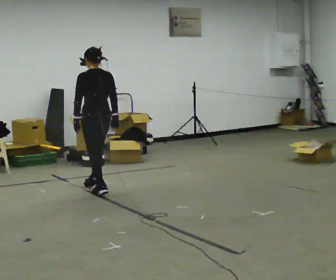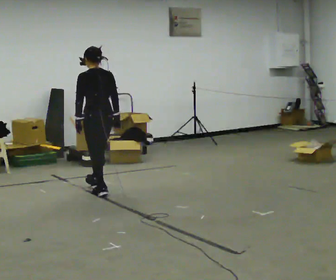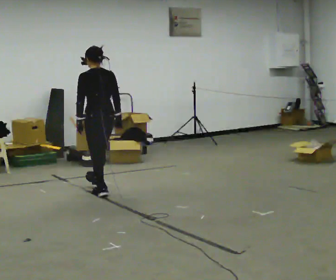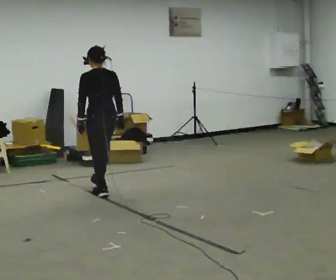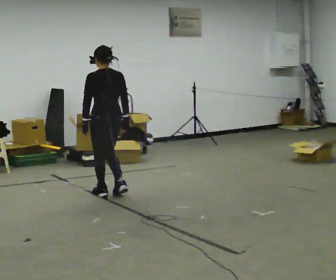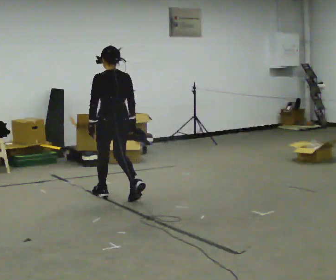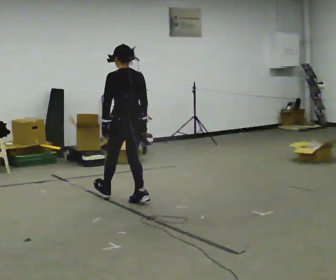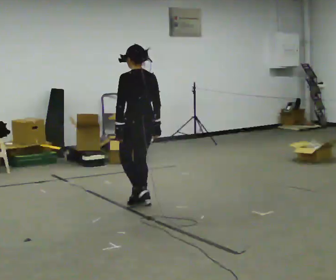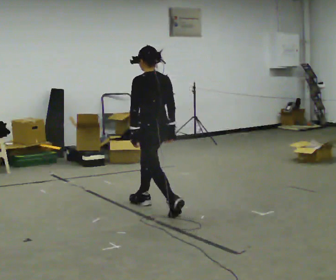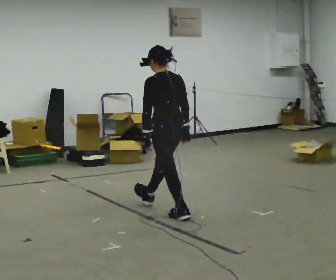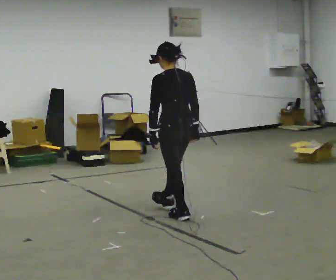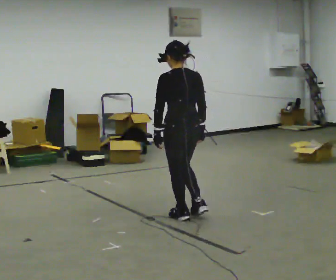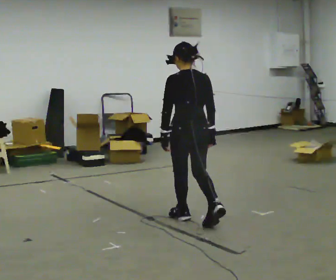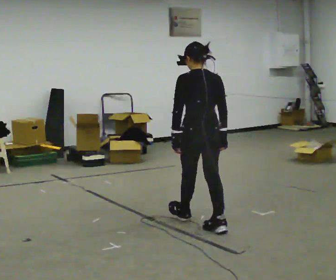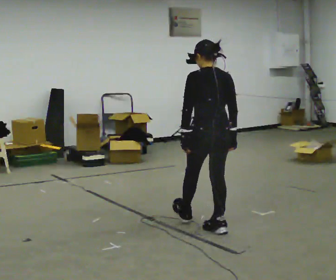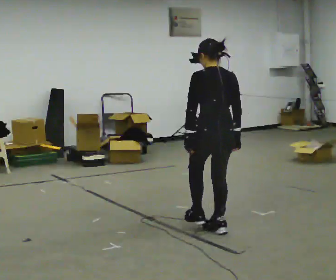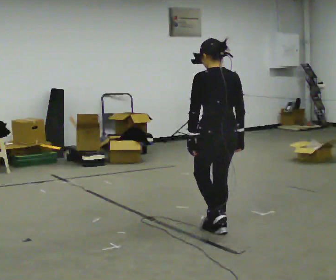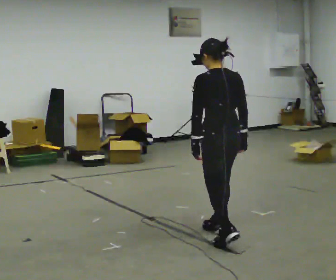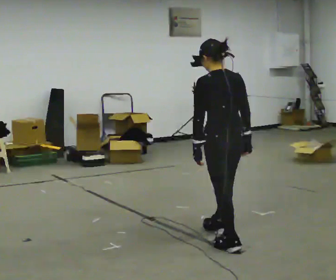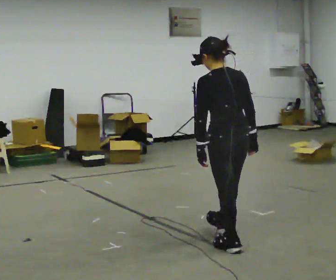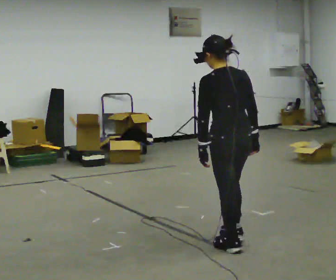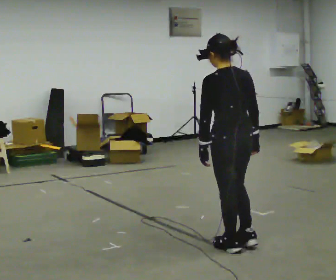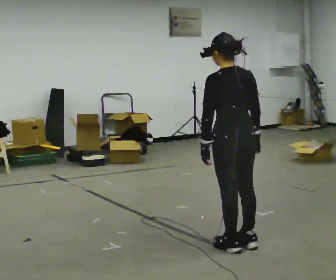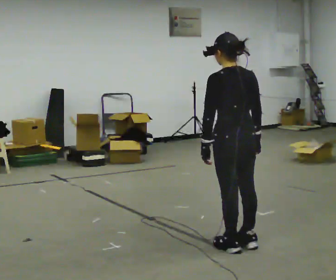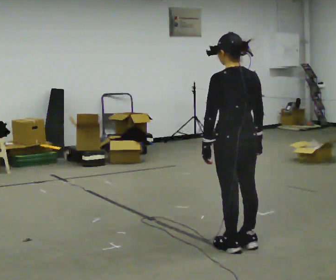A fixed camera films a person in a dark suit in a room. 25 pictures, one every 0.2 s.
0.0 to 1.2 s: In the picture they go toward the camera and to the right, about 0.5 m in 2 steps, which for them is backward.
1.2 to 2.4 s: In the picture they go toward the camera and to the right, about 1 m in 1 step, which for them is backward.
2.4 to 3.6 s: In the picture they go toward the camera and to the right, about 0.5 m in 1 step, which for them is backward.
3.6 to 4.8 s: In the picture they go toward the camera, about 0.25 m in 1 step, which for them is backward.
The film runs backward here.
